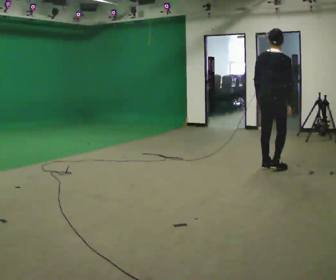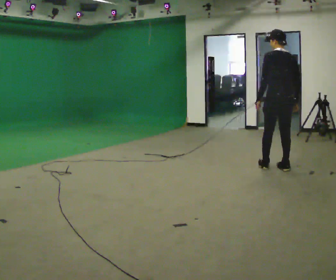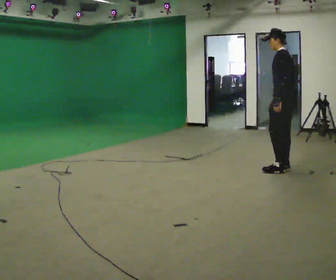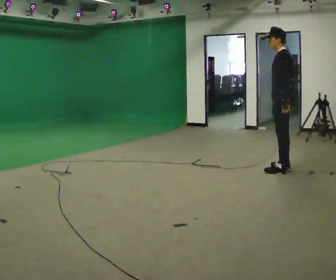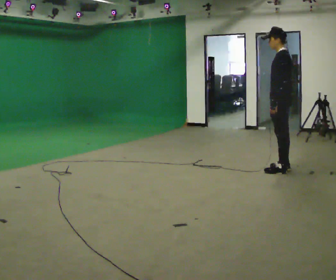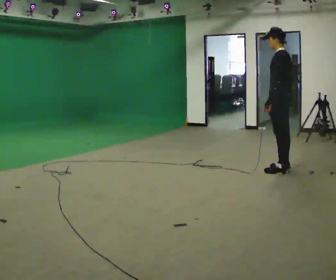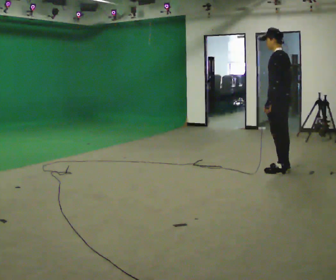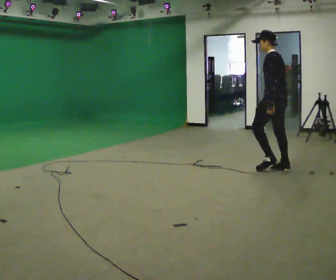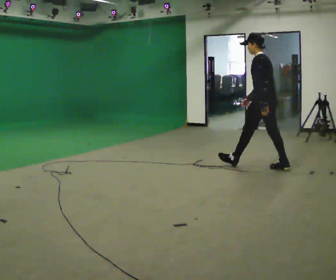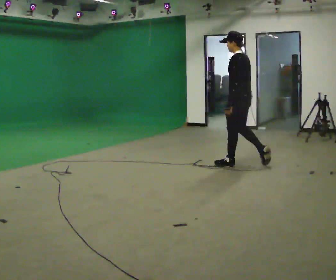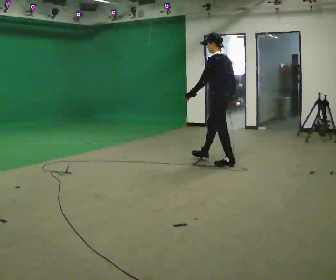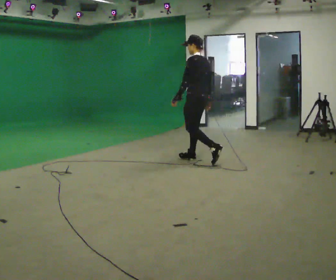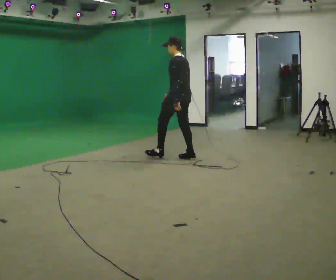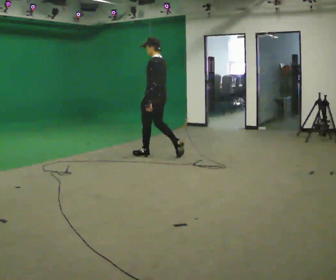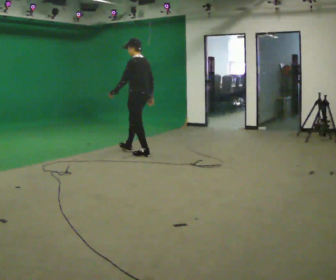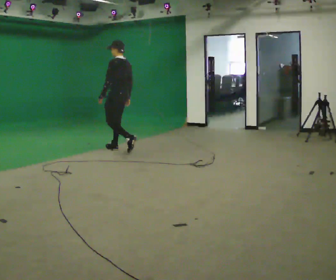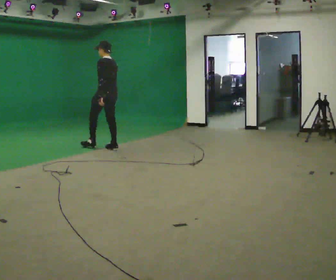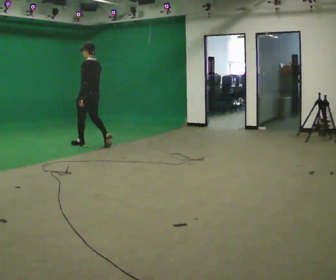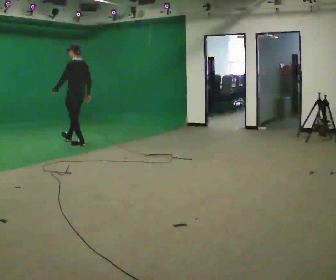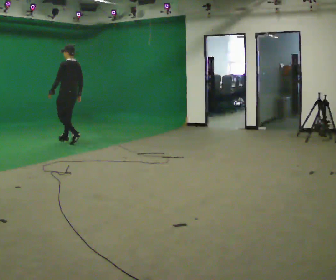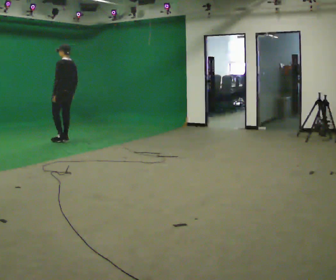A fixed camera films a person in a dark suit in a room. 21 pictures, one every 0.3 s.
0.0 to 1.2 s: The part of the body nearest the lens slides to the right as the person turns to their left by about 90 degrees.
1.2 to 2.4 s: In the picture they go to the left and away from the camera, about 0.25 m, which for them is forward.
2.4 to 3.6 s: In the picture they go to the left and away from the camera, about 1.5 m in 2 steps, which for them is forward.
3.6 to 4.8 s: In the picture they go to the left and away from the camera, about 1.5 m in 2 steps, which for them is forward.
4.8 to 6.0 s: In the picture they go to the left and away from the camera, about 1 m in 2 steps, which for them is forward.
The film runs forward here.
